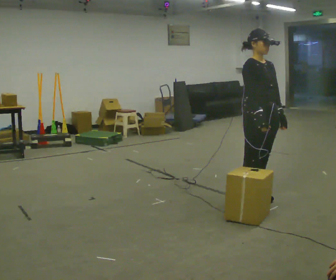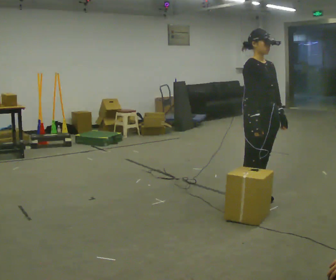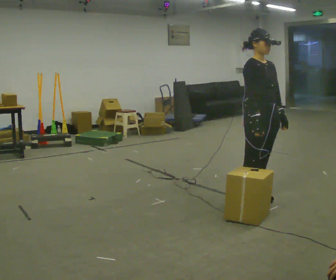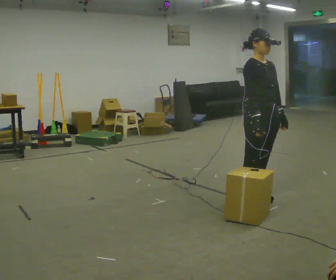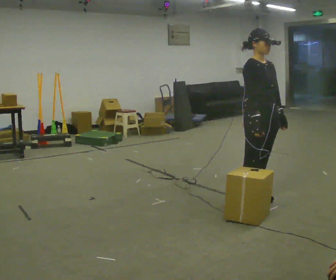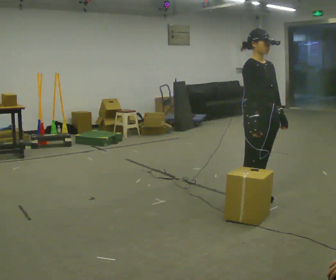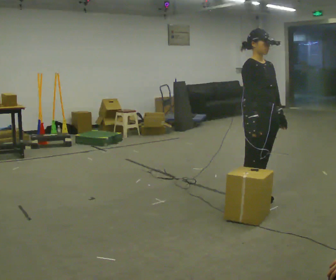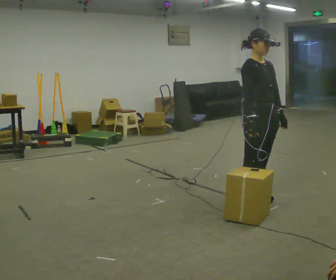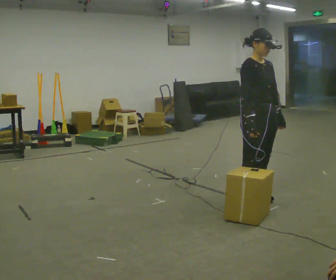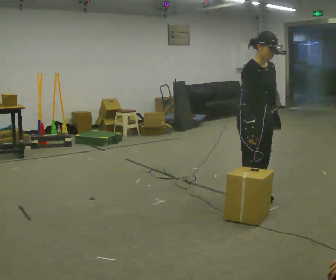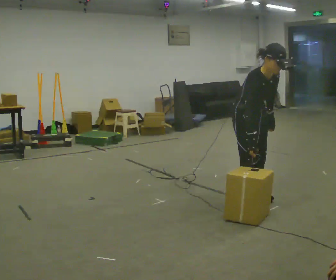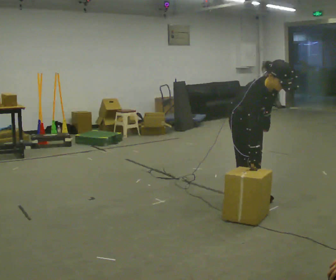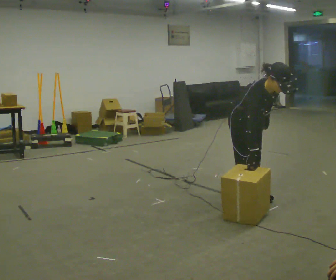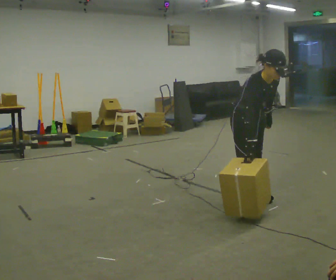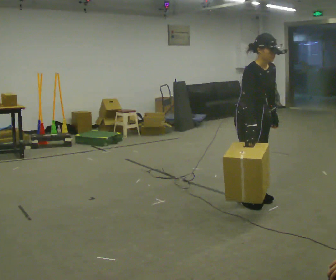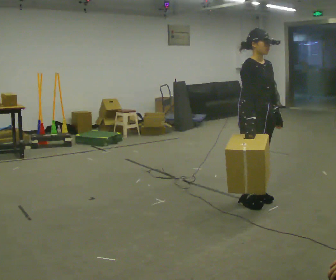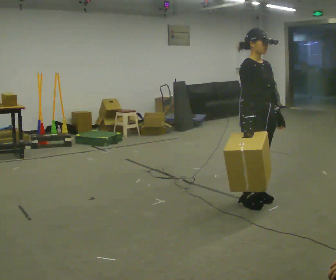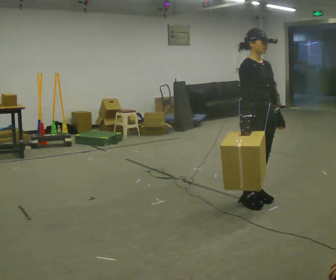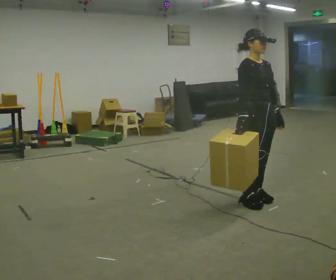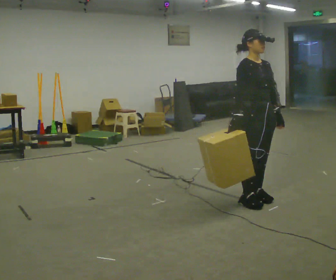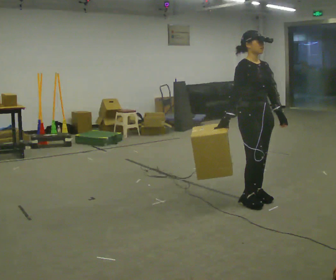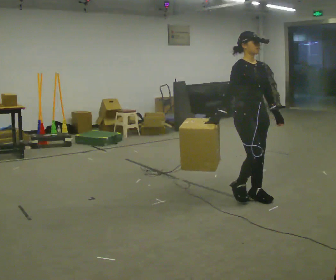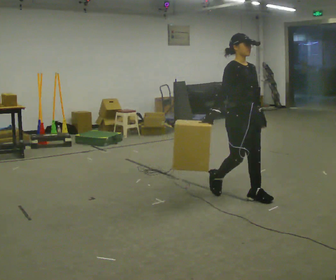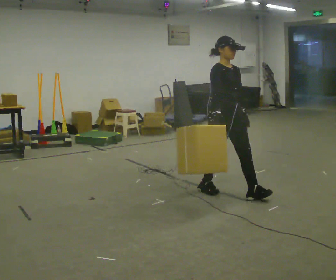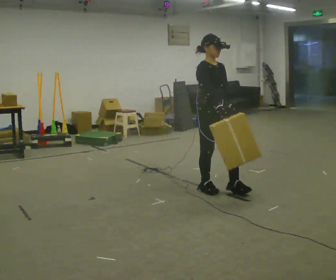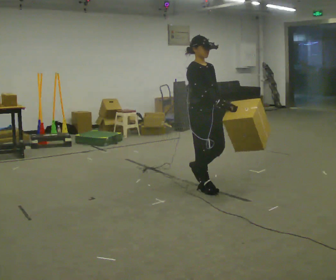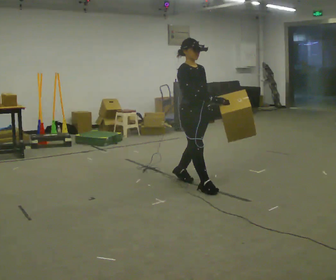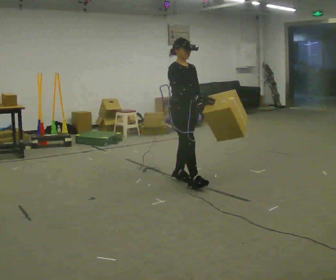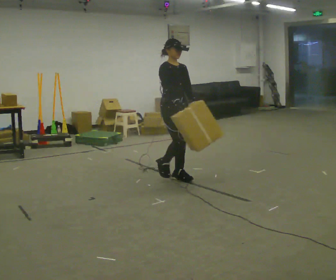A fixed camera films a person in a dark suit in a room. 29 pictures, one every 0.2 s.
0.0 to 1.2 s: The person moves a little, or ends about where they began.
1.2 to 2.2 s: The upper body goes downward. The upper body tips toward the camera, its near side rolling downward, as they bend forward.
2.2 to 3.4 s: The shoulders move upward. The upper body tips away from the camera, its near side rolling upward, as they lean back or straighten.
3.4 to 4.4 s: In the picture they go away from the camera, about 0.25 m in 1 step, which for them is backward.
4.4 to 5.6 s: In the picture they go to the left and away from the camera, about 1 m in 2 steps, which for them is backward.
The film runs backward here.
